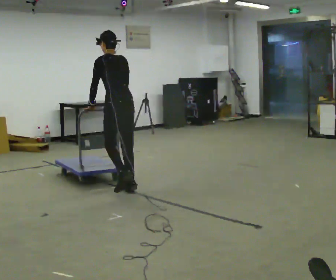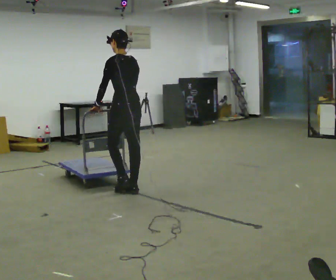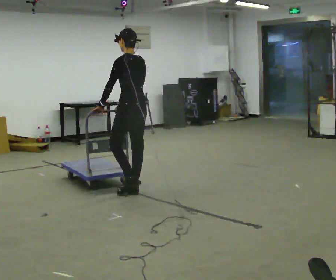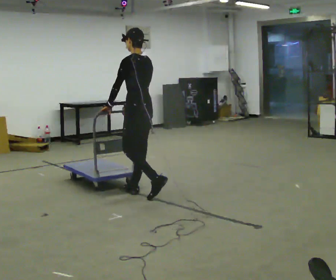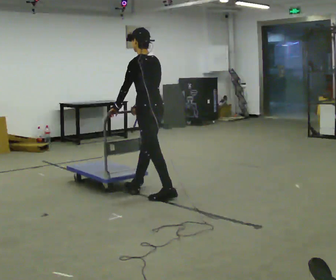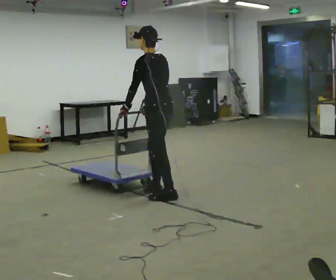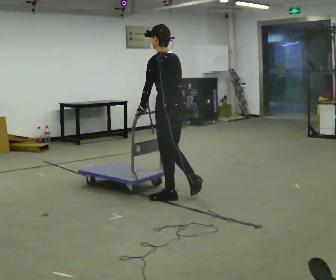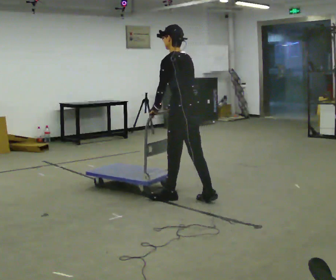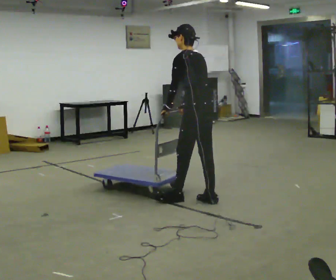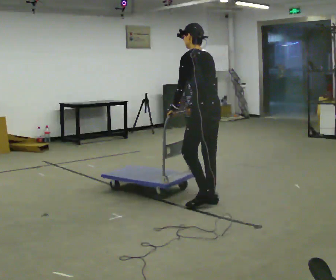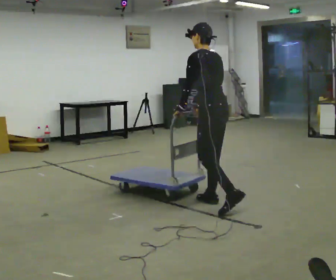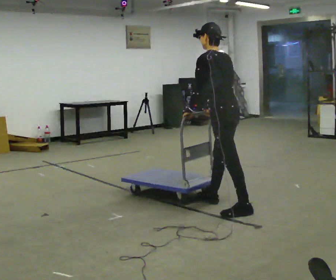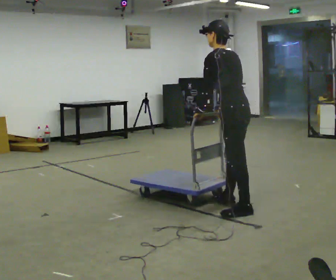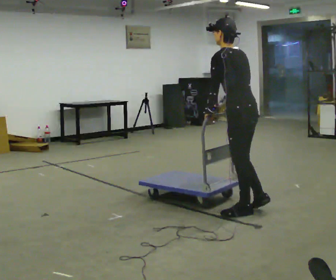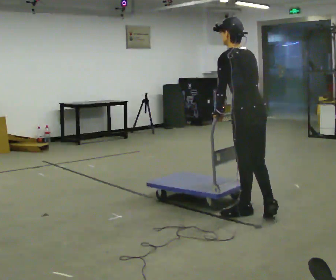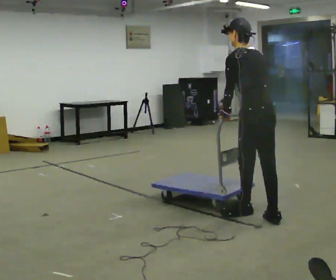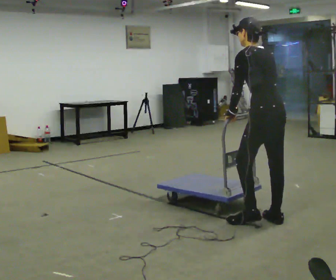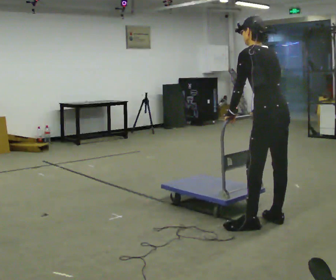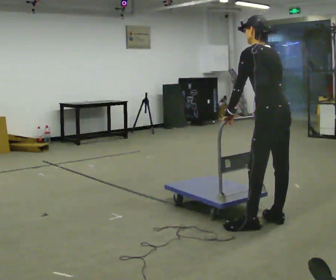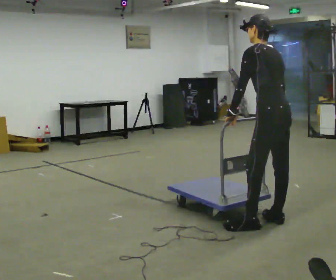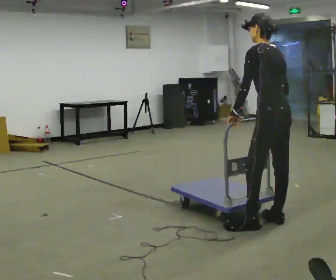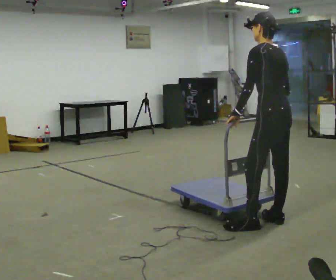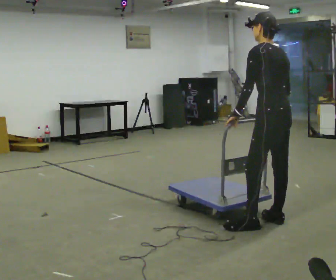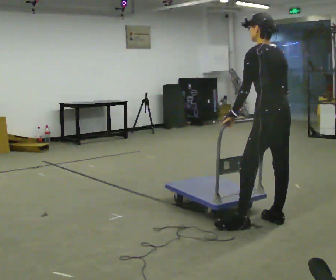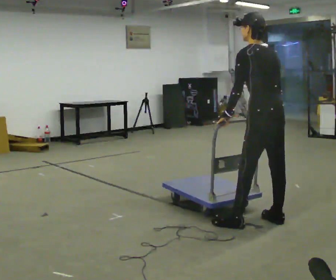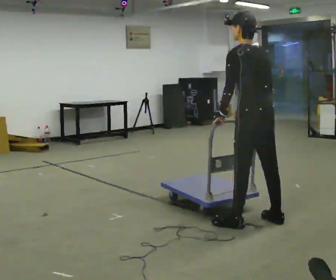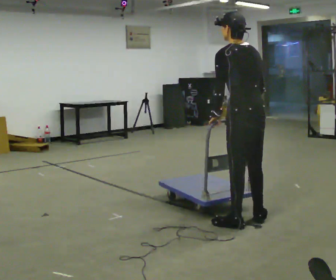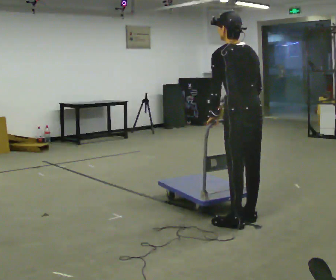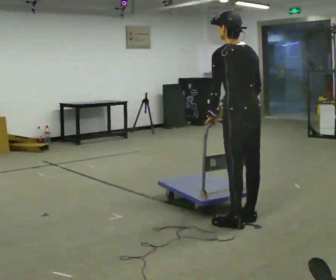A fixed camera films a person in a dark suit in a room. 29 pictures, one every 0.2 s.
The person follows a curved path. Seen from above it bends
clockwise.
0.0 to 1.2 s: In the picture they go to the right and toward the camera, about 0.75 m in 2 steps, which for them is backward.
1.2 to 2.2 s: In the picture they go to the right and toward the camera, about 0.5 m in 1 step, which for them is backward.
2.2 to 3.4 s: In the picture they go to the right and toward the camera, about 0.5 m in 2 steps, which for them is backward.
3.4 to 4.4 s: The person moves a little, or ends about where they began.
4.4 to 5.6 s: In the picture they go to the left, about 0.25 m in 1 step, which for them is to their left and forward.
The film runs backward here.
